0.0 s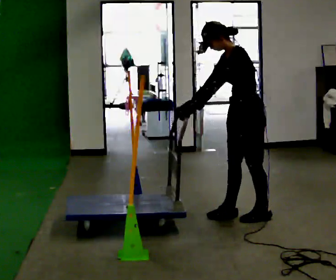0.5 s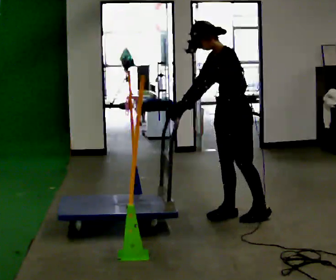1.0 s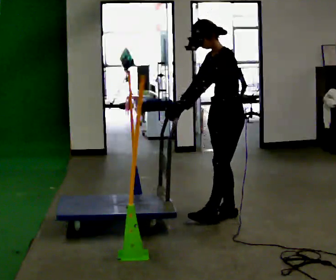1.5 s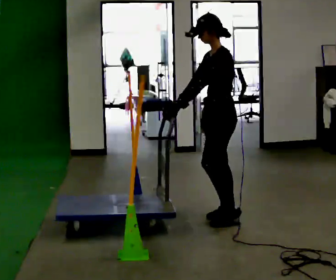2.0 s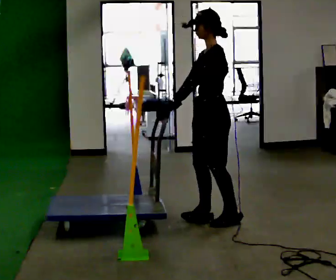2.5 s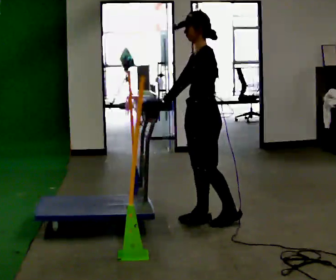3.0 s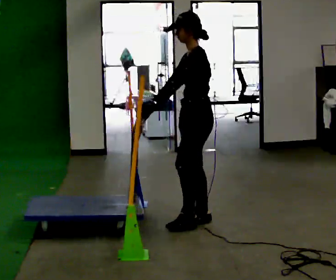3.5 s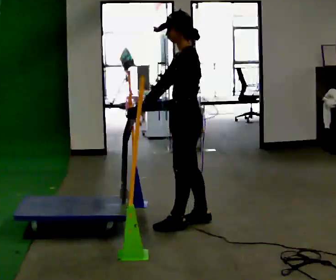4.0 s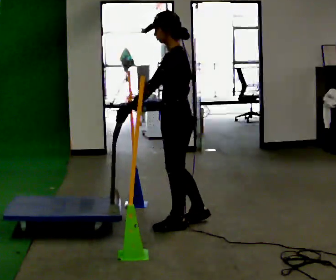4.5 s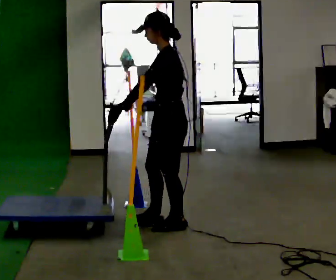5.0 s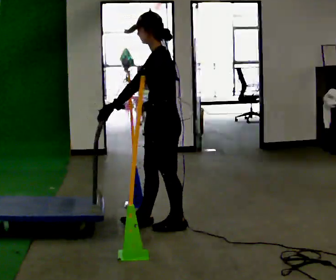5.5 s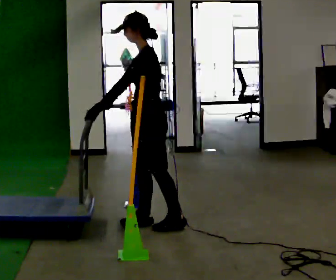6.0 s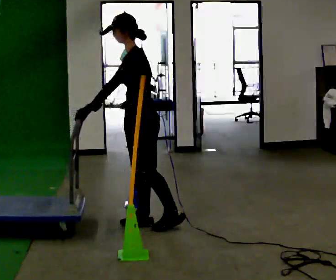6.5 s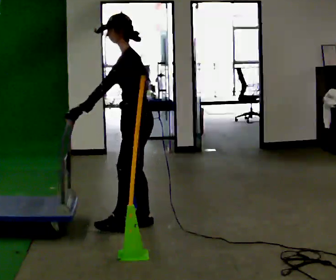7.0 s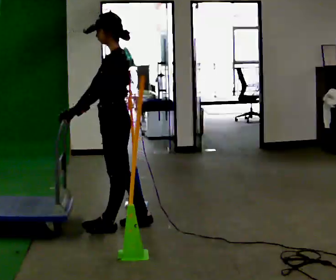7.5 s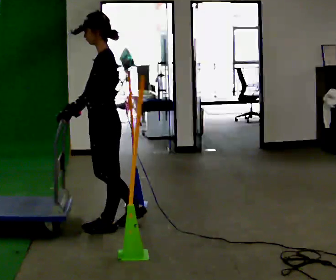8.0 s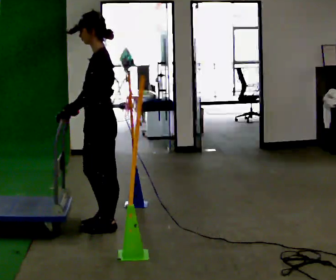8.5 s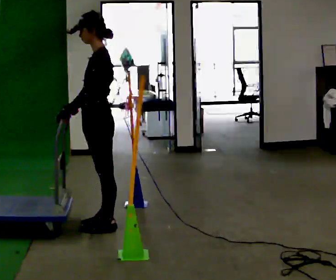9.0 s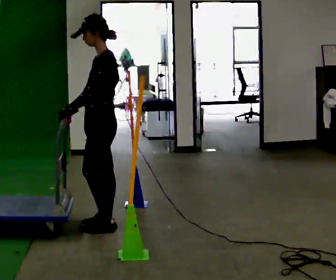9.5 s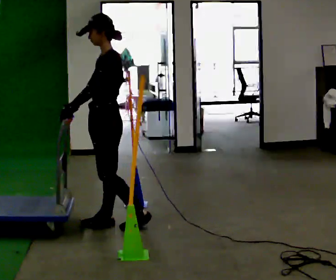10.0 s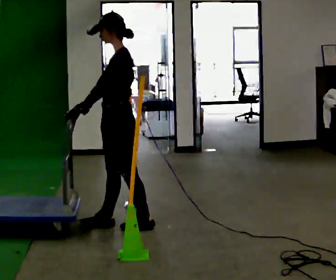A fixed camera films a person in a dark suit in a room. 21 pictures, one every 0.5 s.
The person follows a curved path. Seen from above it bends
clockwise.
0.0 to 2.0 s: In the picture they go to the left, about 0.25 m in 2 steps, which for them is forward. In the picture the upper body tilts clockwise, shoulders to the right, as they lean back or straighten.
2.0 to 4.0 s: In the picture they go to the left, about 0.25 m in 1 step, which for them is forward.
4.0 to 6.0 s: In the picture they go to the left, about 0.25 m in 1 step, which for them is forward.
6.0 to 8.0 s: In the picture they go to the left and toward the camera, about 0.25 m in 2 steps, which for them is forward and to their left.
8.0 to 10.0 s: The person moves a little, or ends about where they began.
The film runs backward here.
